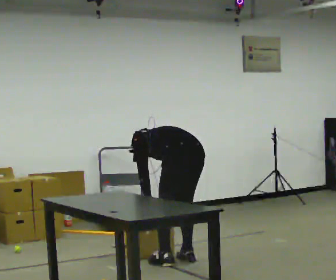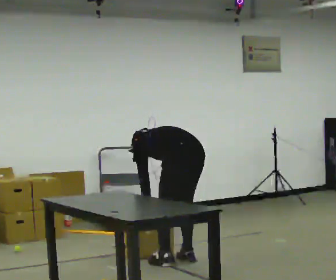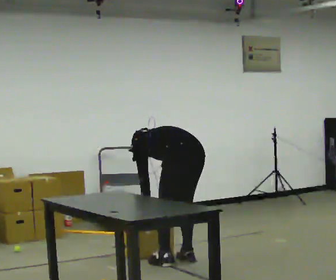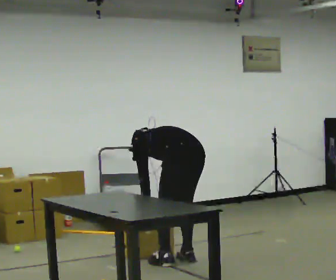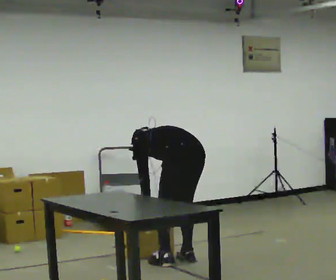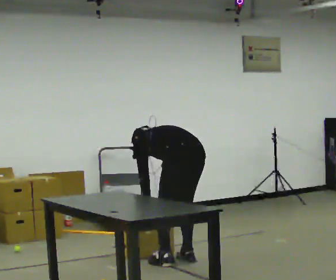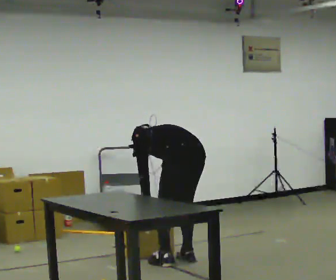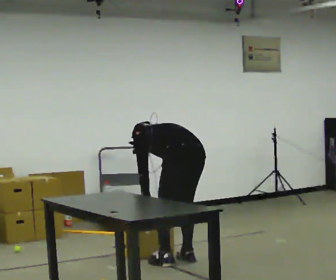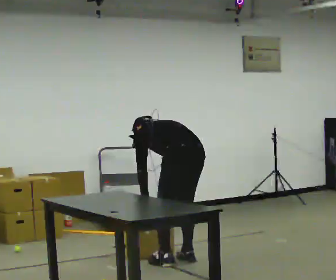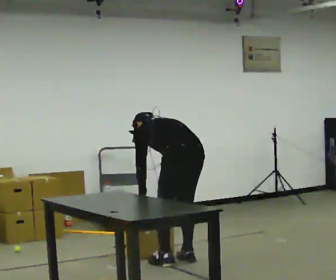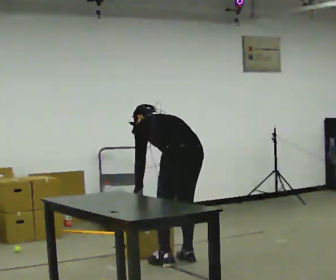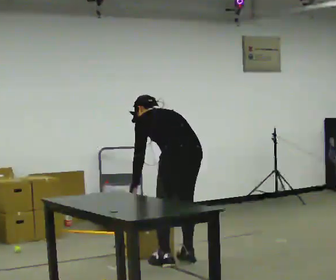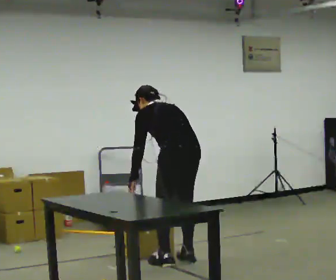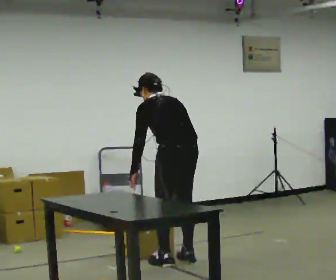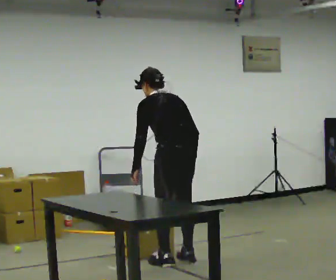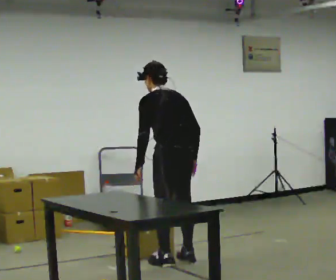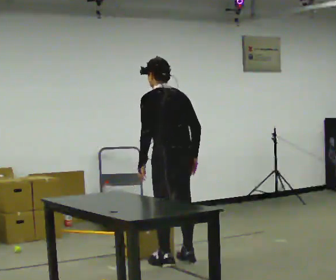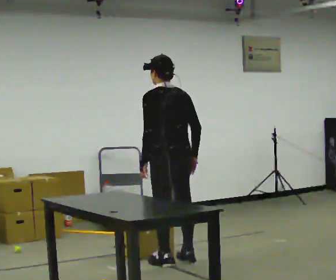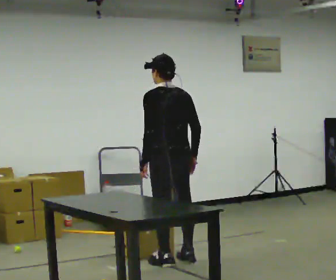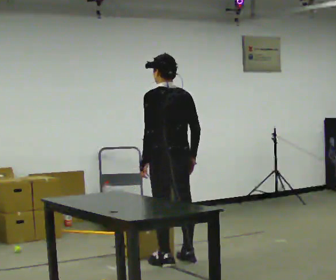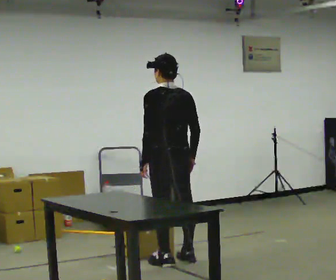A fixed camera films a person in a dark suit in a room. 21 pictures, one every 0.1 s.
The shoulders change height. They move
upward.
Their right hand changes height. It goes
upward.
0.0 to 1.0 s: The upper body tips toward the camera, its near side rolling downward, as they lean back or straighten.
1.0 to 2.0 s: The shoulders move upward. The upper body tips toward the camera, its near side rolling downward, as they lean back or straighten.
The film runs forward here.
